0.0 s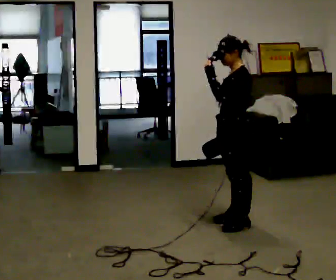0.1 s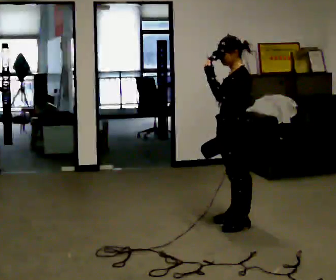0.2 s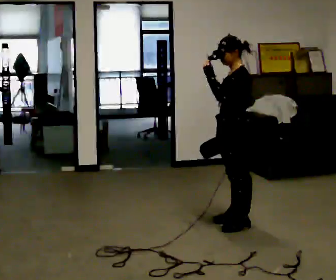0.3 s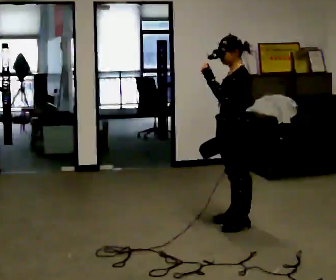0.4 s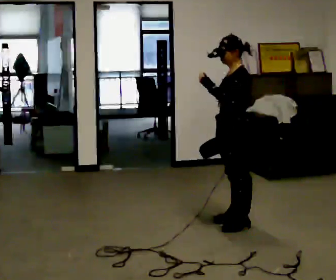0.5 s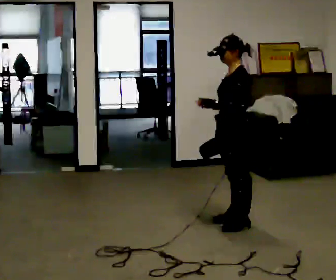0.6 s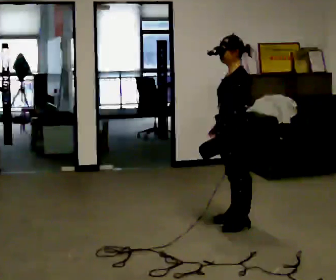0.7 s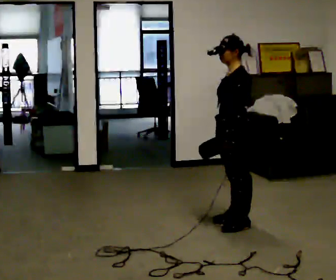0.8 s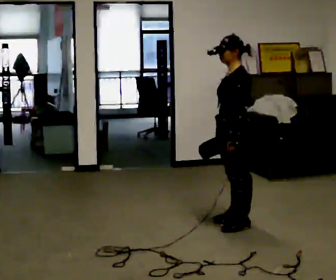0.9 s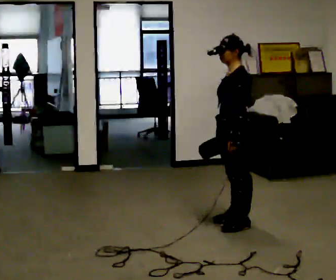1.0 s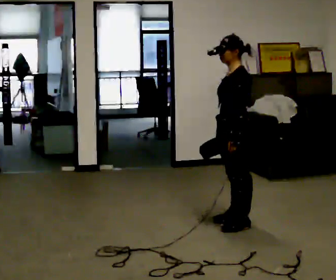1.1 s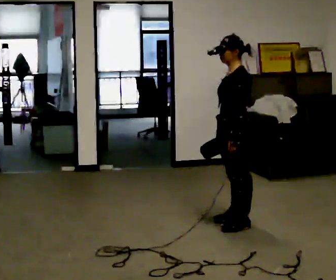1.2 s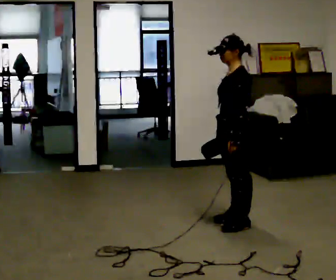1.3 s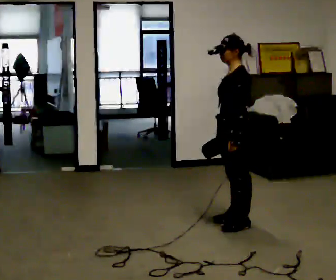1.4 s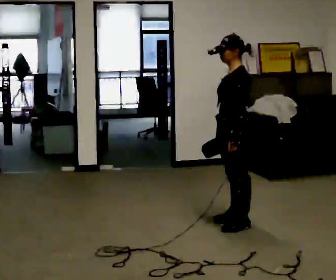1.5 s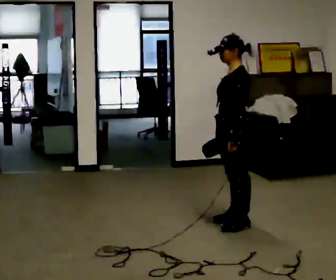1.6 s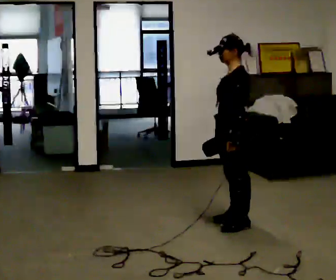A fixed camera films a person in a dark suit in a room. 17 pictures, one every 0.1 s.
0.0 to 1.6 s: In the picture their left hand goes downward.
The film runs backward here.
